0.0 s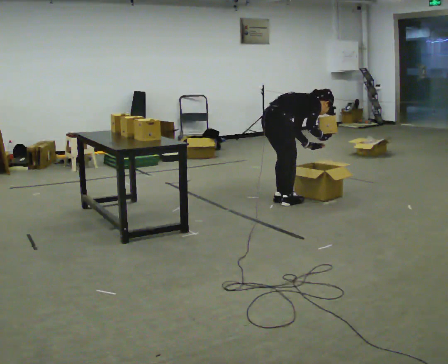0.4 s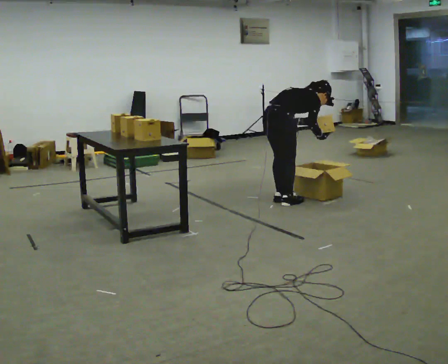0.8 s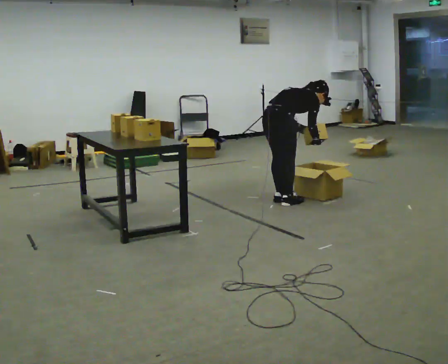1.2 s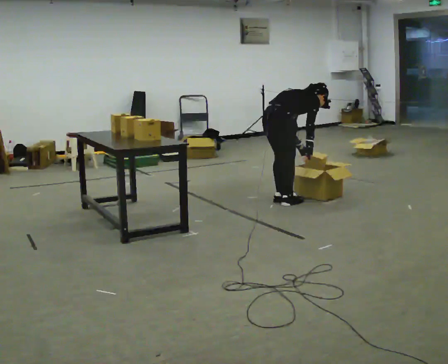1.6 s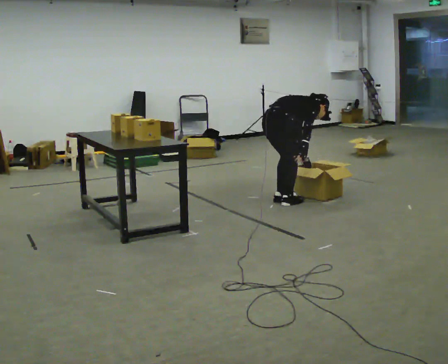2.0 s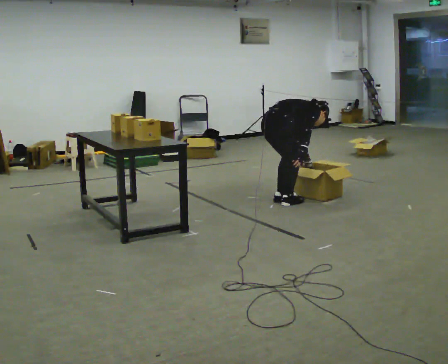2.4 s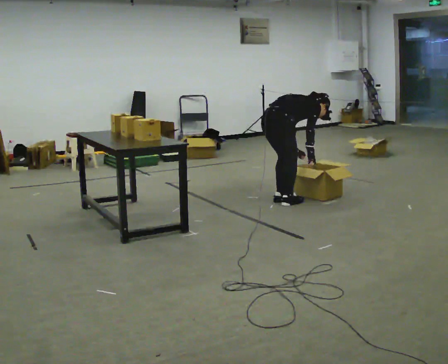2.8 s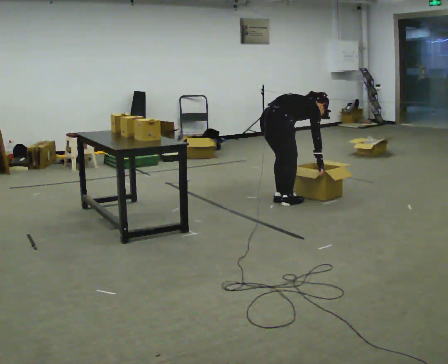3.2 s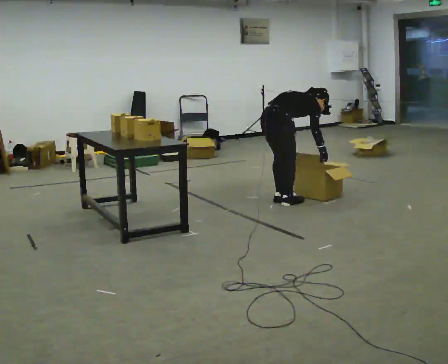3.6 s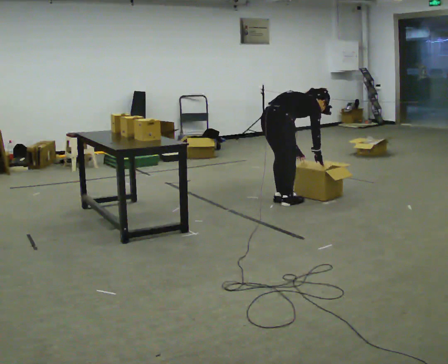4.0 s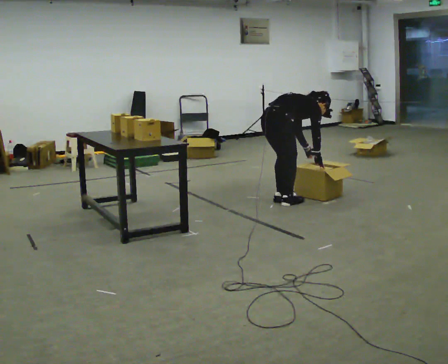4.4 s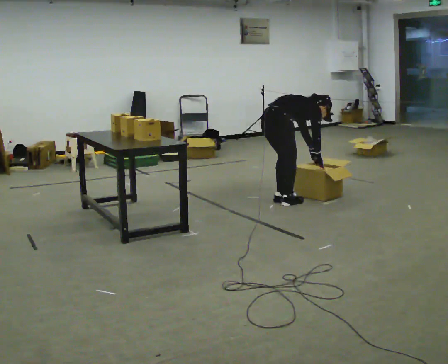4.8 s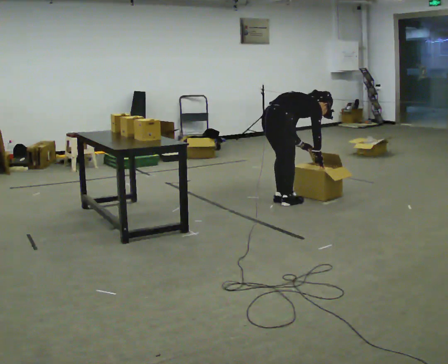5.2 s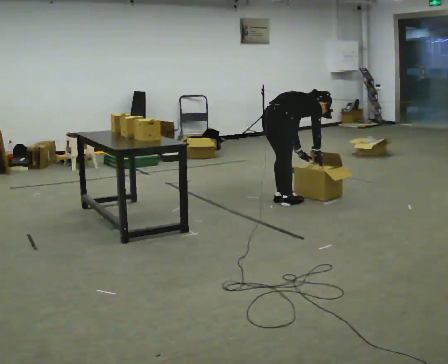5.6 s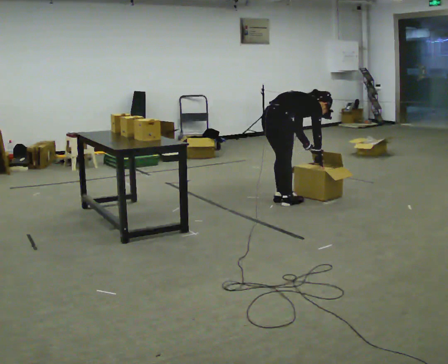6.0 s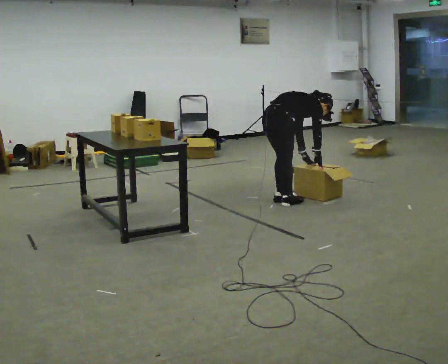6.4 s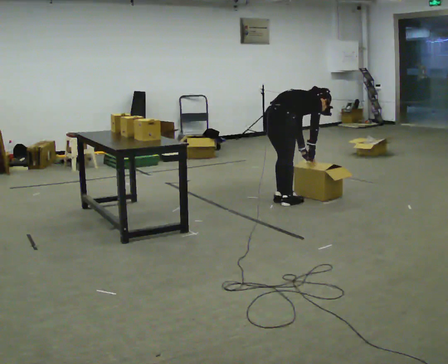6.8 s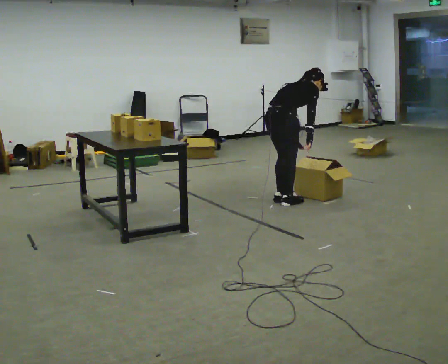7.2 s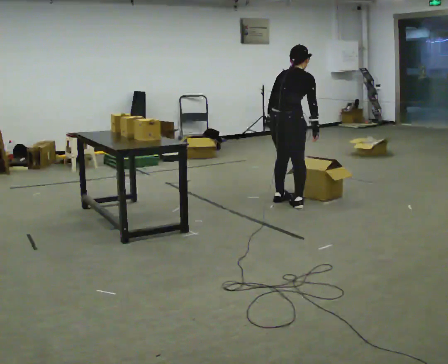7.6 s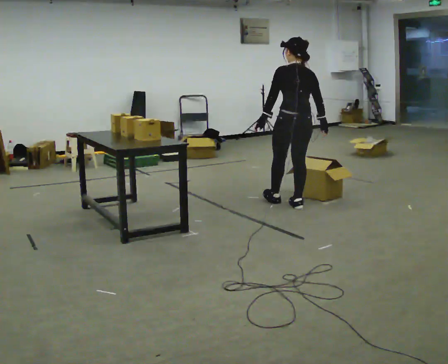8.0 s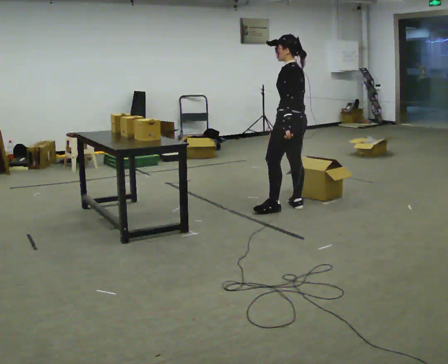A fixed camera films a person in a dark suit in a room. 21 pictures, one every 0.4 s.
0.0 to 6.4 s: The person moves a little, or ends about where they began.
6.4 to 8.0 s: Seen from above the body turns counterclockwise, about 120 degrees: to their left, with its near side sliding to the right. The shoulders move upward. In the picture the upper body tilts counterclockwise, shoulders to the left, as they lean back or straighten.
The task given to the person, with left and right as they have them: Carry the object across the room, open the lid of the container, put the object inside, and close the lid again. Then go back for the next one. Keep going until the operator says stop; one object at a time, and do not rush between trips.
The film runs forward here.
